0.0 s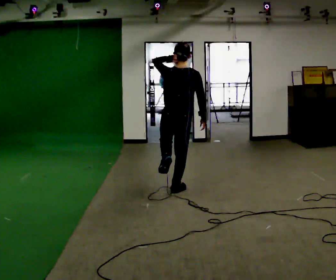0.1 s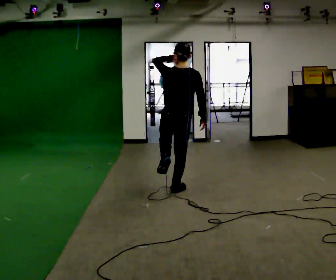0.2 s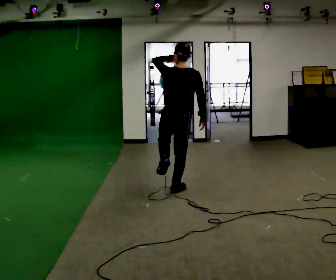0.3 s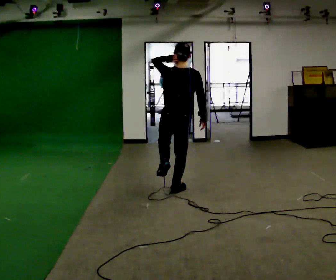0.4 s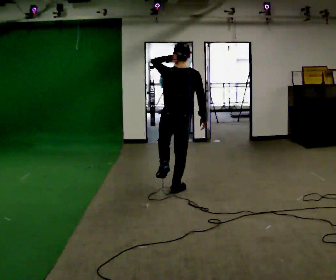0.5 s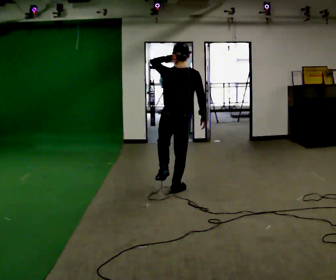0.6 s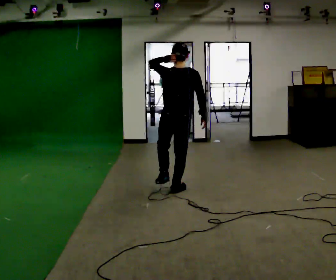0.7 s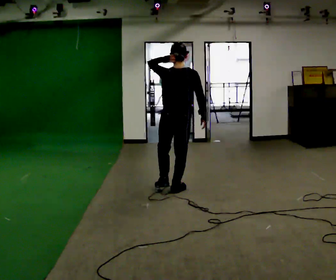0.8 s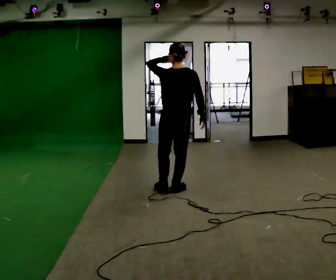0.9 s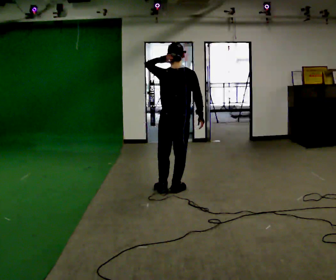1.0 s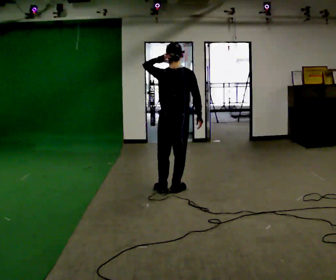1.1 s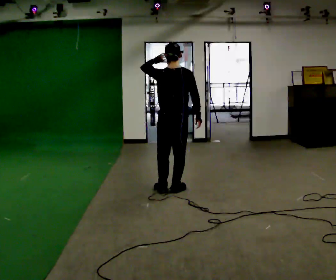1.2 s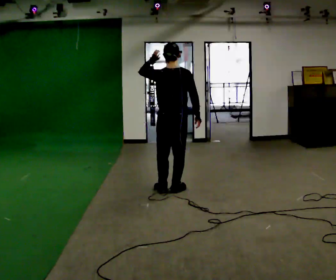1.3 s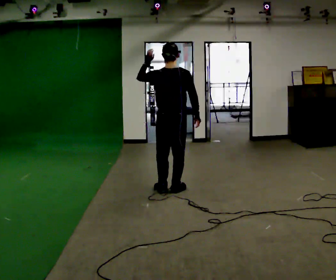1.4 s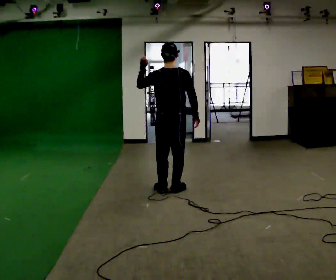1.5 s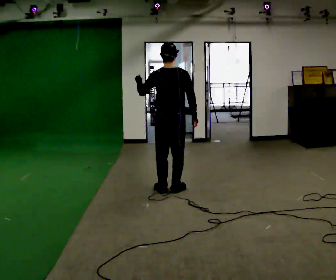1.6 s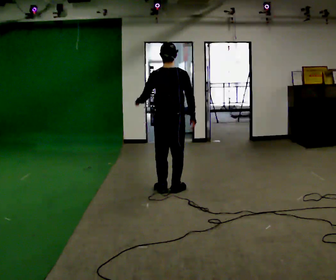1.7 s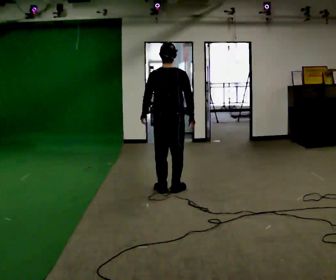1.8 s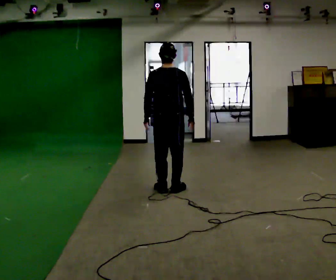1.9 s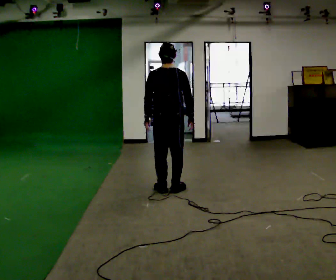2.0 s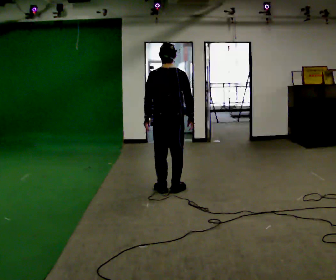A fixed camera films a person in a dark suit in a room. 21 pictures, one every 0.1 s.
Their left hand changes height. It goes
downward.
0.0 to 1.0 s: The person moves a little, or ends about where they began.
1.0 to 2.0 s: In the picture their left hand goes downward.
The film runs backward here.
